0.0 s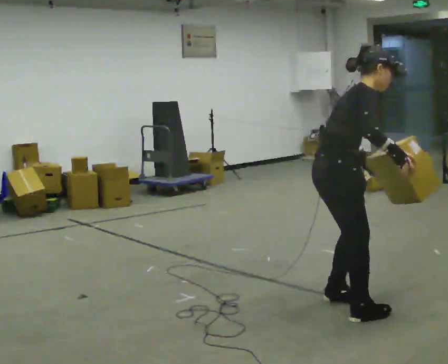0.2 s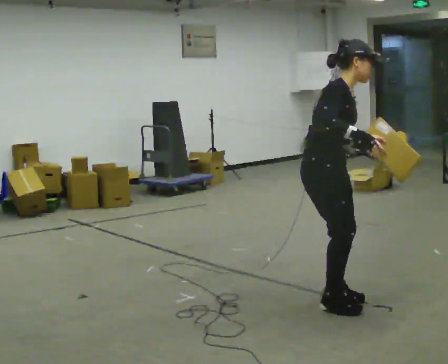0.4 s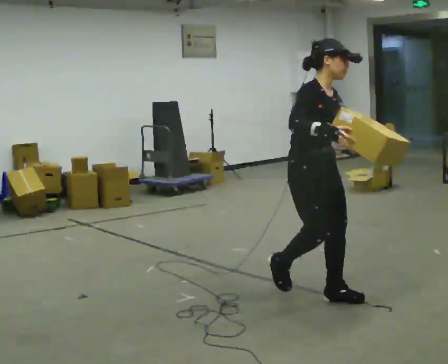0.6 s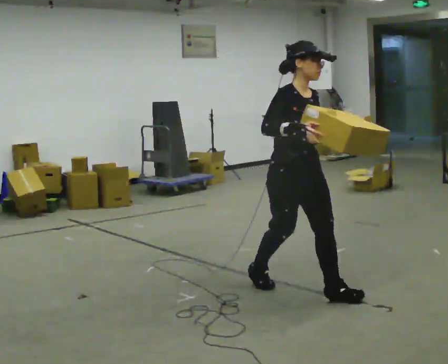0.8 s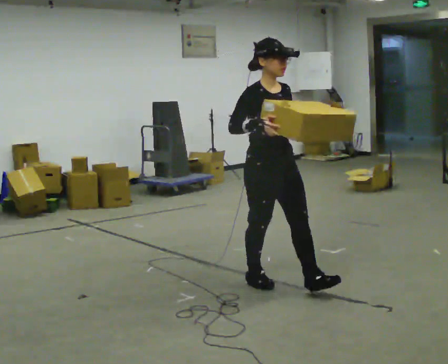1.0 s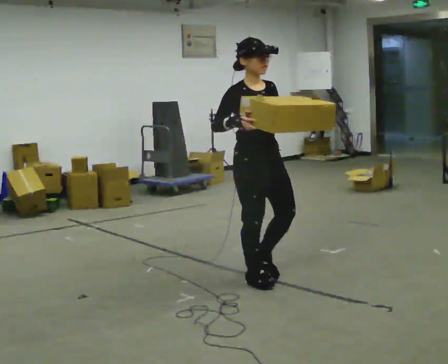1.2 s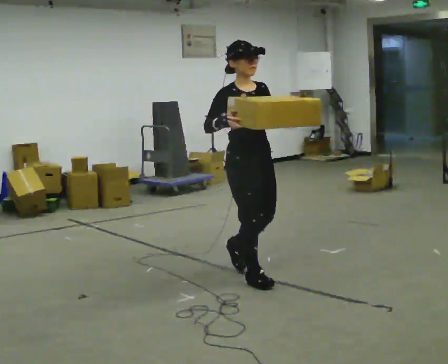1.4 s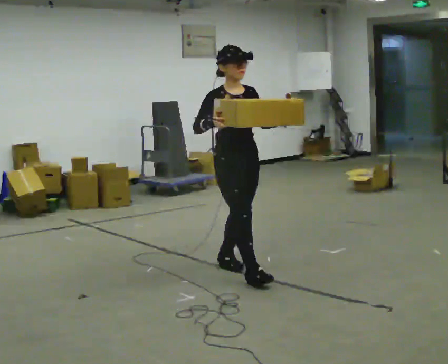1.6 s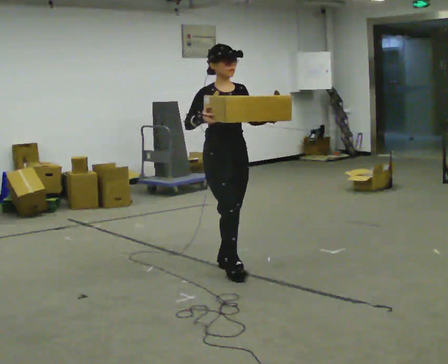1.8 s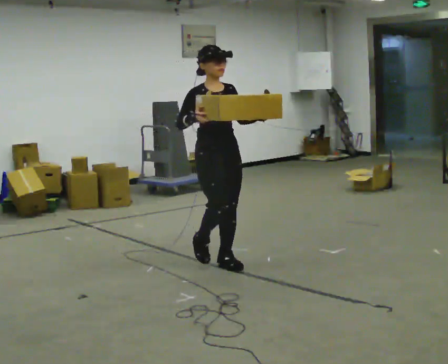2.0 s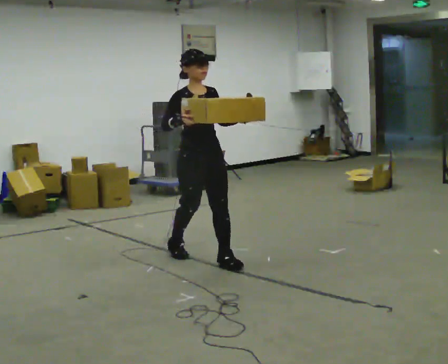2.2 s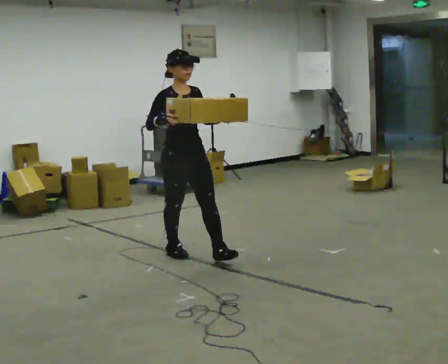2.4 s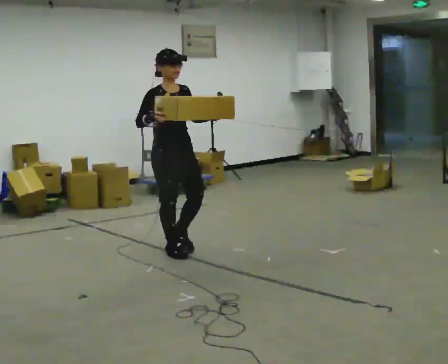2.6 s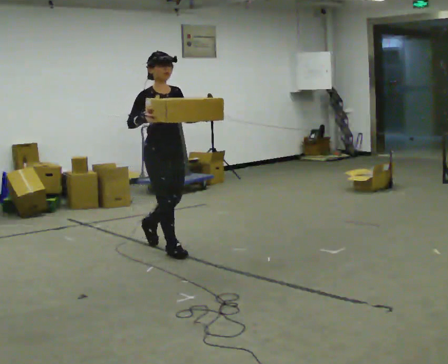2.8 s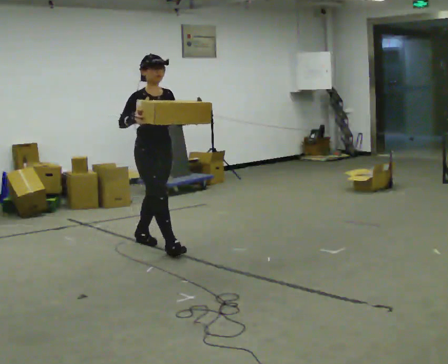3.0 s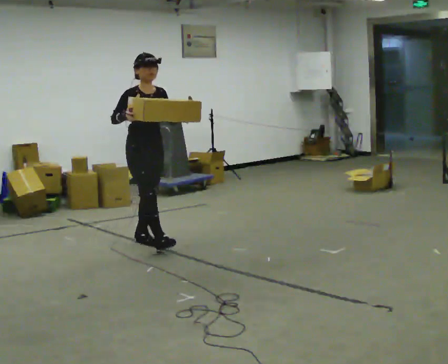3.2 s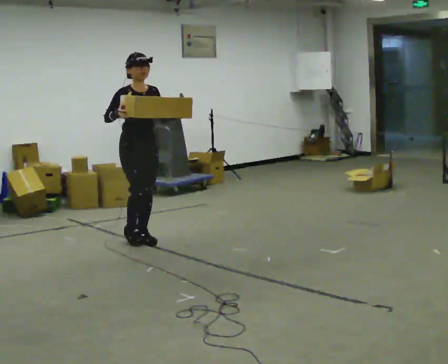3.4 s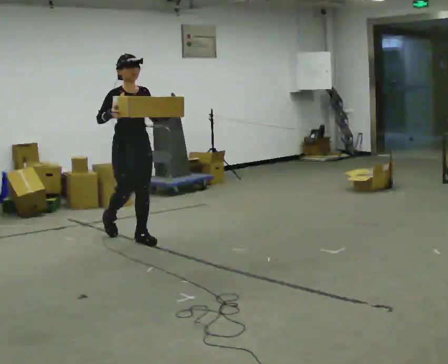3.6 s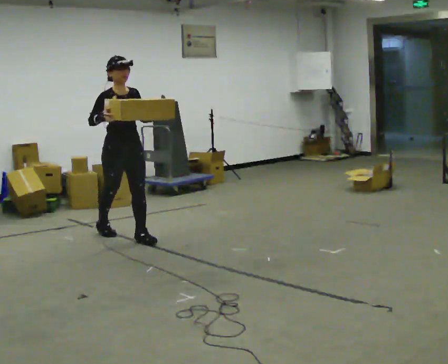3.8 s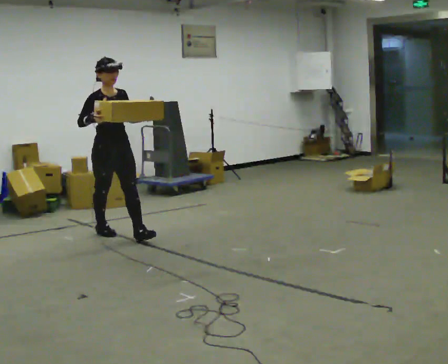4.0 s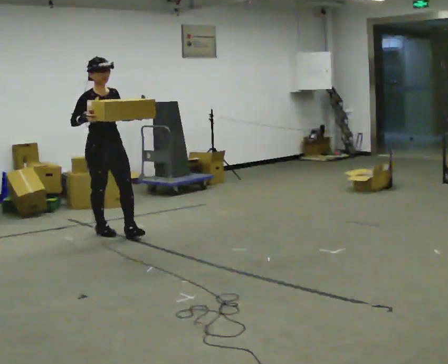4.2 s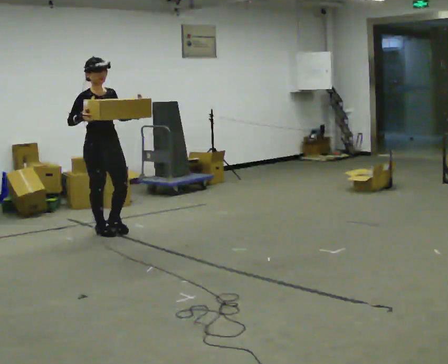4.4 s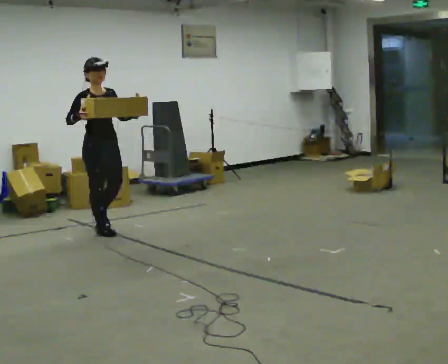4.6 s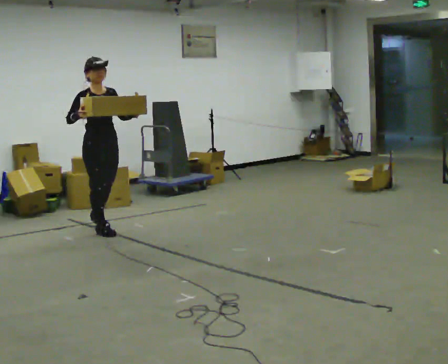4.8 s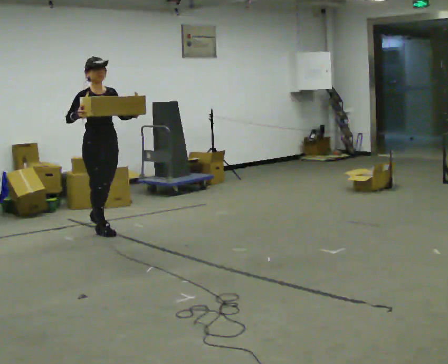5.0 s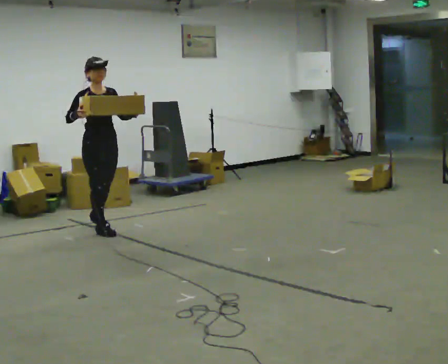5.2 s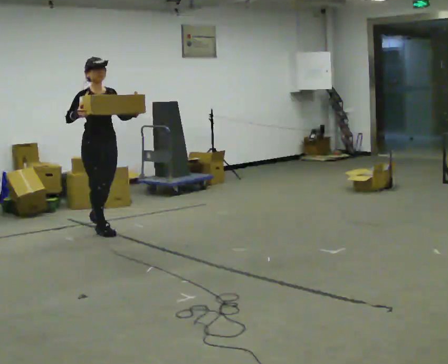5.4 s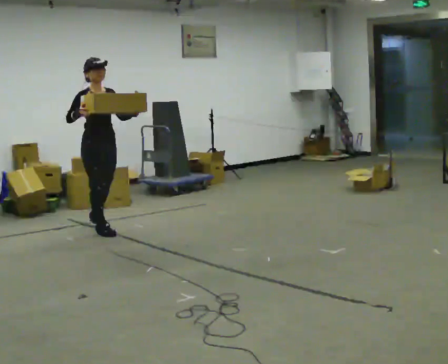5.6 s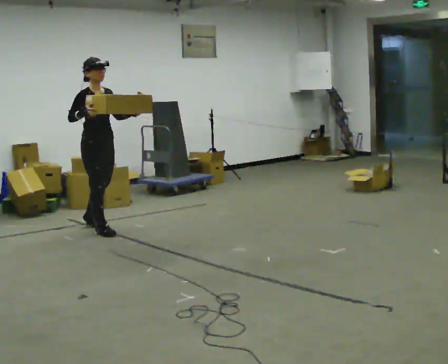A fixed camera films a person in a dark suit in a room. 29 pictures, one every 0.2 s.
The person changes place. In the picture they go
away from the camera.
0.0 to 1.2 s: Seen from above the body turns clockwise, about 60 degrees: to their right, with its near side sliding to the left. In the picture they go away from the camera and to the left, about 1 m in 2 steps. In the picture the upper body tilts counterclockwise, shoulders to the left, as they lean back or straighten.
1.2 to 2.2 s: In the picture they go away from the camera and to the left, about 1 m in 2 steps, which for them is backward.
2.2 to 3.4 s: In the picture they go away from the camera and to the left, about 0.5 m in 1 step, which for them is backward.
3.4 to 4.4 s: In the picture they go to the left and away from the camera, about 0.5 m in 1 step, which for them is backward.
4.4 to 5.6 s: The person moves a little, or ends about where they began.
The film runs backward here.
